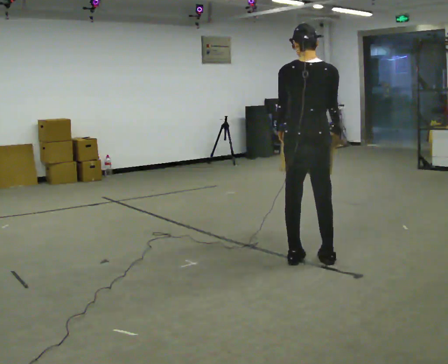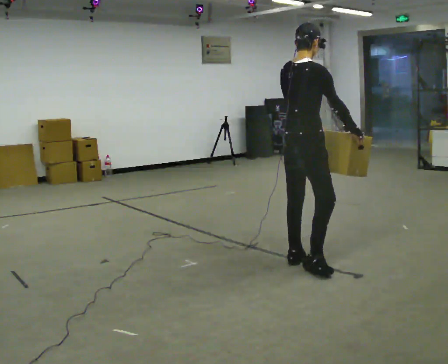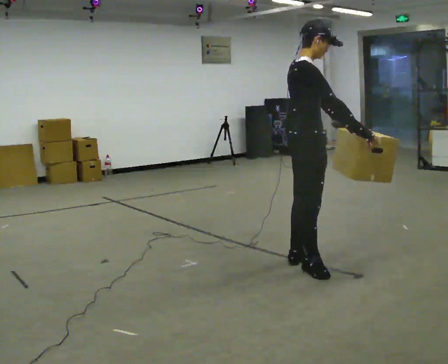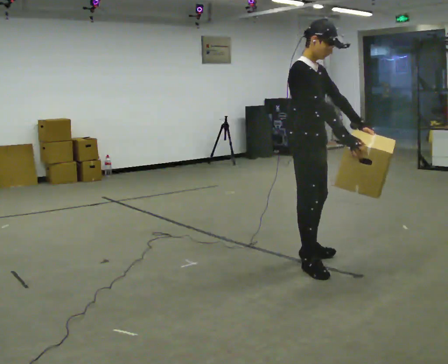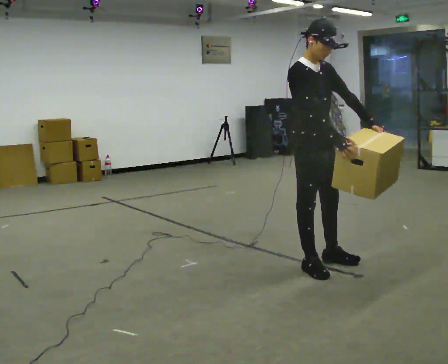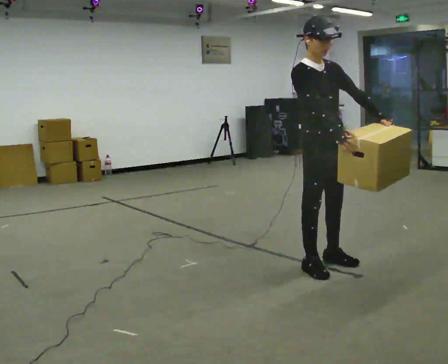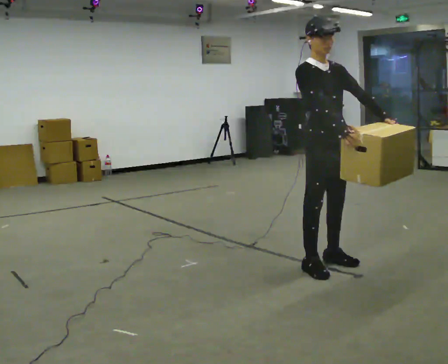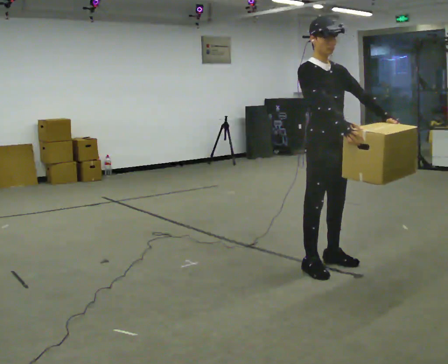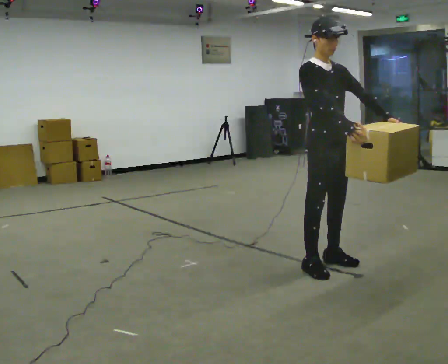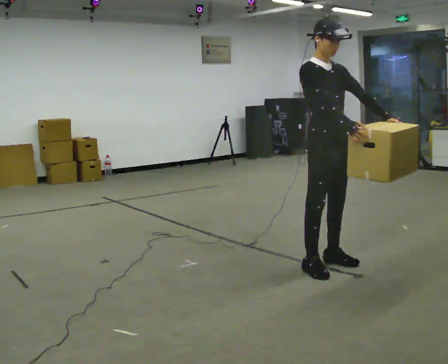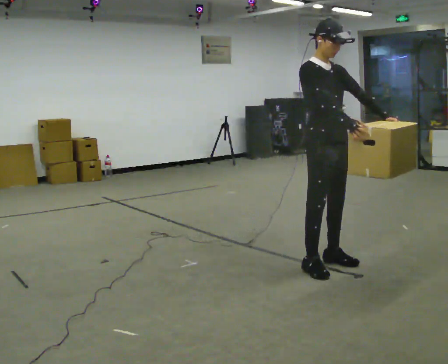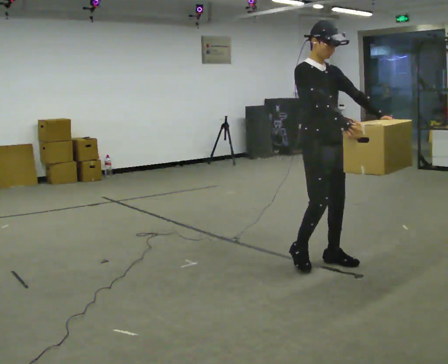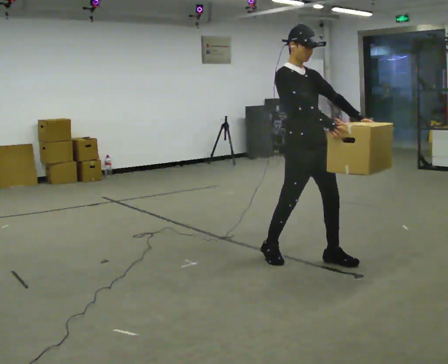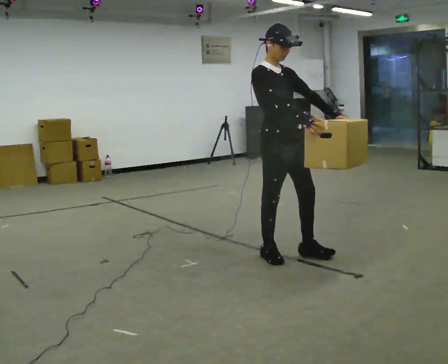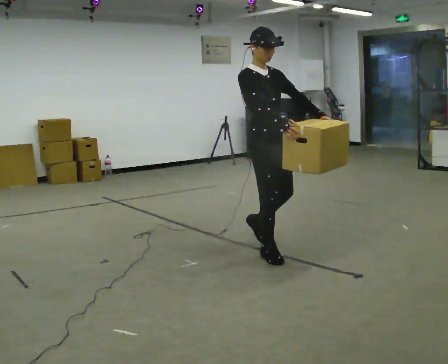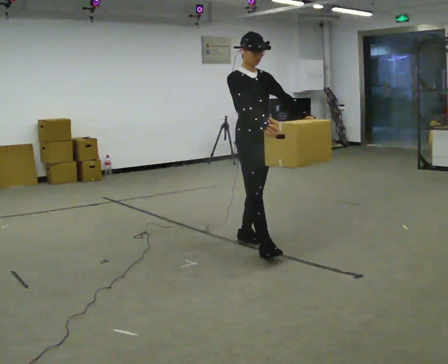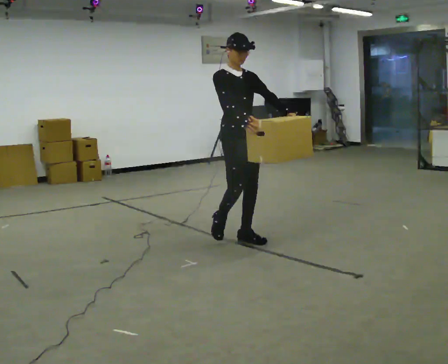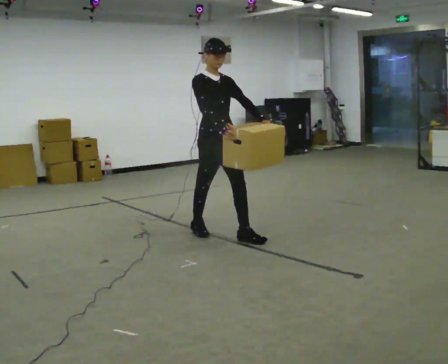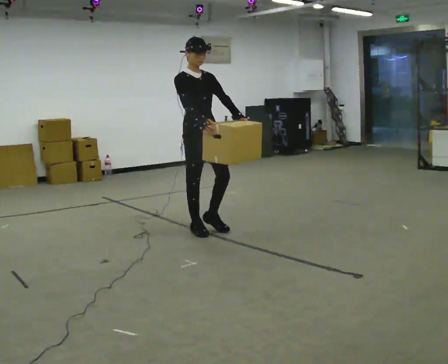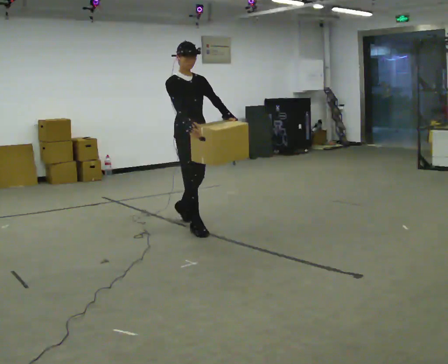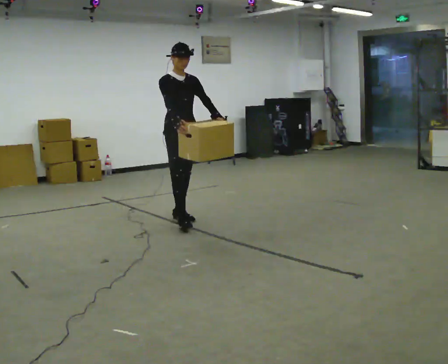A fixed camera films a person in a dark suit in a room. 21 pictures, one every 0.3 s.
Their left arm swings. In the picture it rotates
counterclockwise.
0.0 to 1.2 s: The person turns about 135 degrees to their right, clockwise seen from above, so the part of the body nearest the lens slides to the left. In the picture their left hand goes to the right, the arm swinging counterclockwise.
1.2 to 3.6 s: The person moves a little, or ends about where they began.
3.6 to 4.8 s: In the picture they go to the left and away from the camera, about 1 m in 2 steps, which for them is backward.
4.8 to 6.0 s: In the picture they go to the left and away from the camera, about 1 m in 2 steps, which for them is backward.
The film runs backward here.
